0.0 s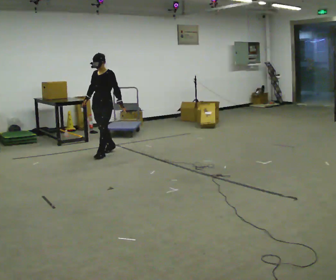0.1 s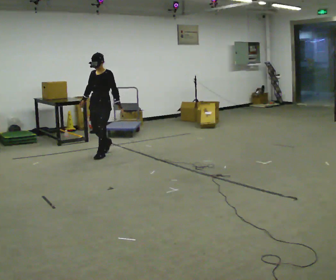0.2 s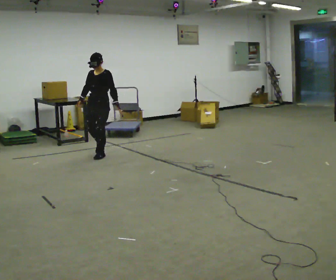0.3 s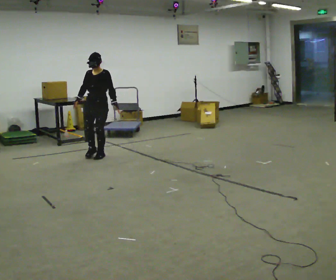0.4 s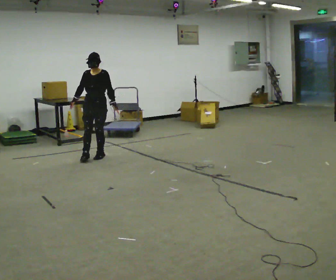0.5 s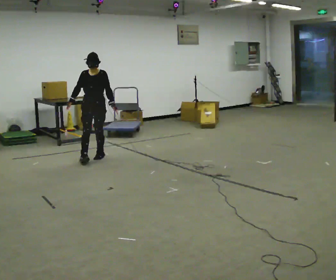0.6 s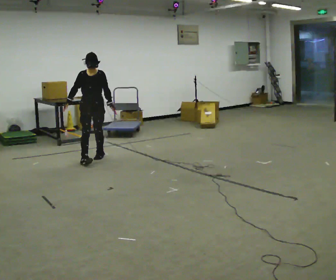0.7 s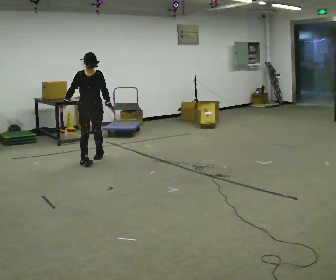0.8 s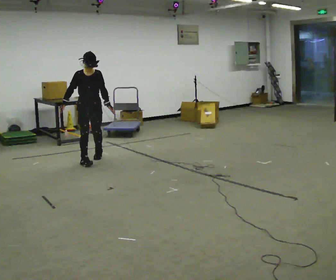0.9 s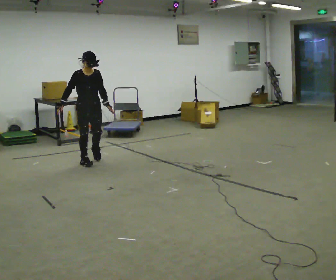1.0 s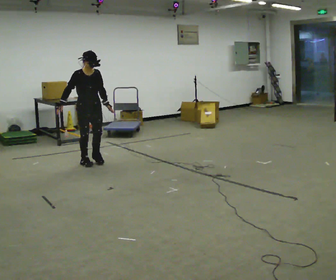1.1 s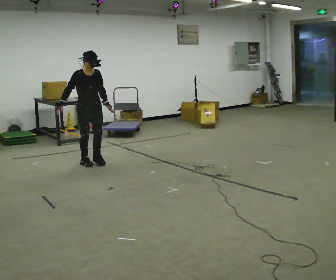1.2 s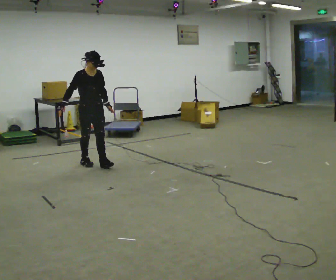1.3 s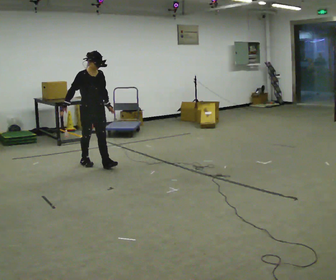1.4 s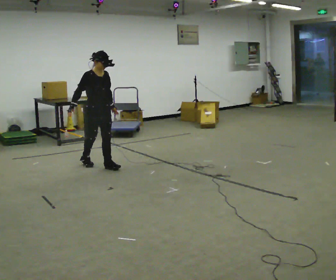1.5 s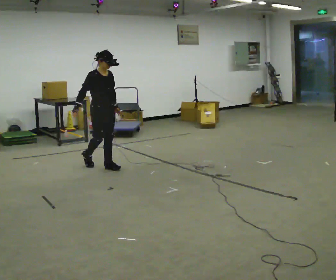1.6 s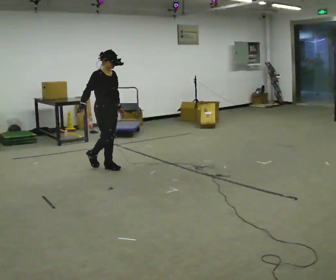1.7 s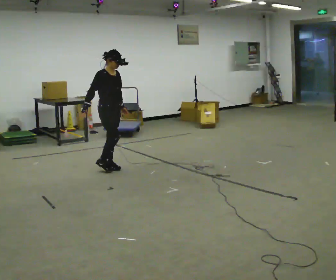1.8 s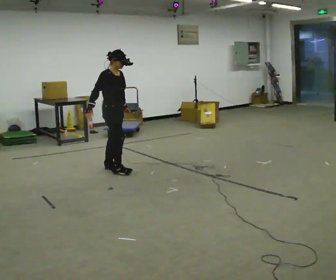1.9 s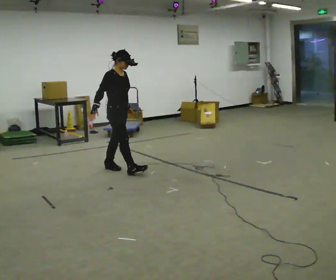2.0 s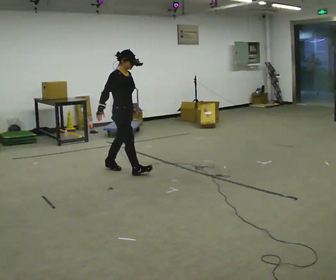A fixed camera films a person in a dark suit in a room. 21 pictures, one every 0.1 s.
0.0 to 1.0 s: Seen from above the body turns counterclockwise, about 60 degrees: to their left, with its near side sliding to the right. In the picture they go toward the camera and to the left, about 0.5 m in 1 step, which for them is forward.
1.0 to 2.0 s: Seen from above the body turns counterclockwise, about 45 degrees: to their left, with its near side sliding to the right. In the picture they go toward the camera and to the right, about 0.75 m in 2 steps, which for them is forward.
The film runs forward here.
